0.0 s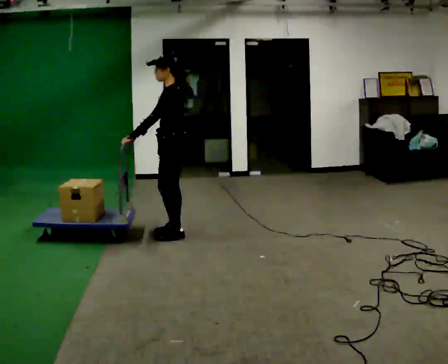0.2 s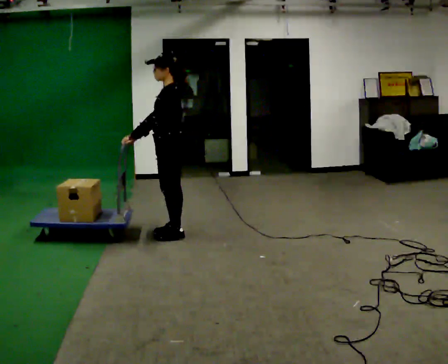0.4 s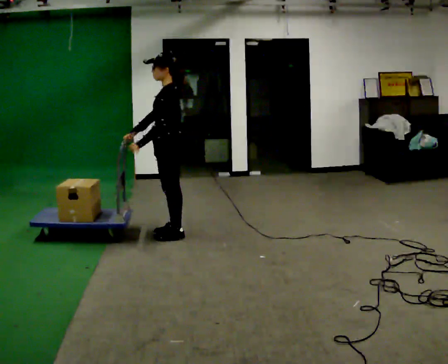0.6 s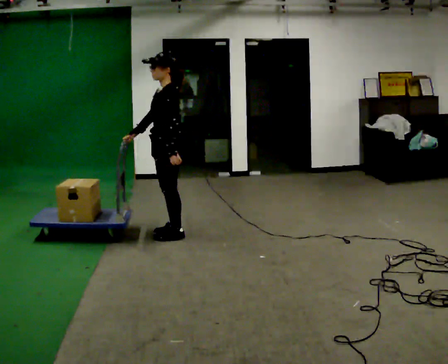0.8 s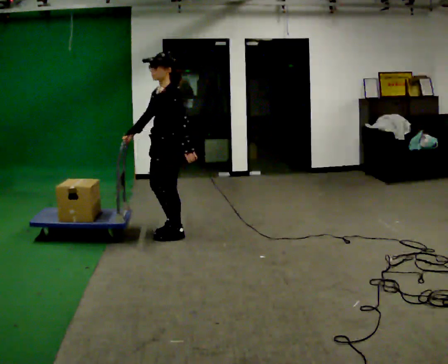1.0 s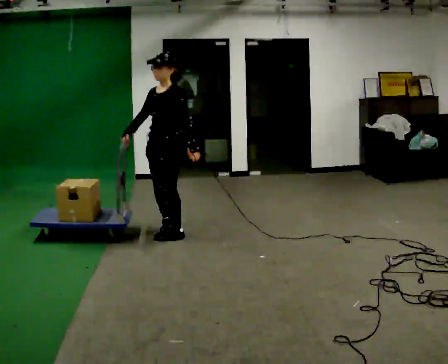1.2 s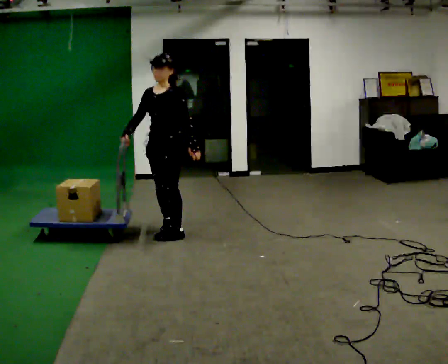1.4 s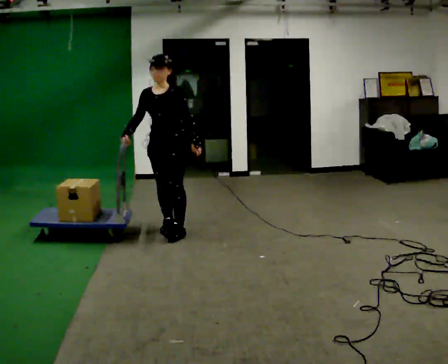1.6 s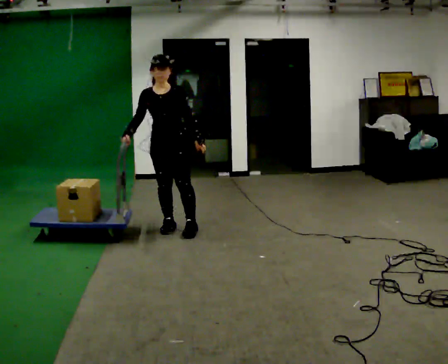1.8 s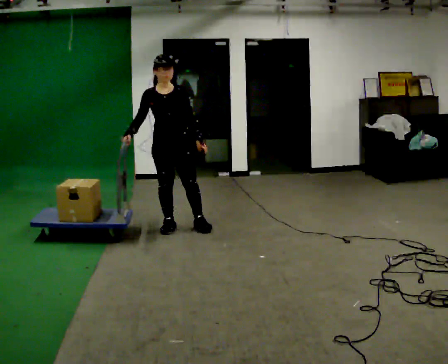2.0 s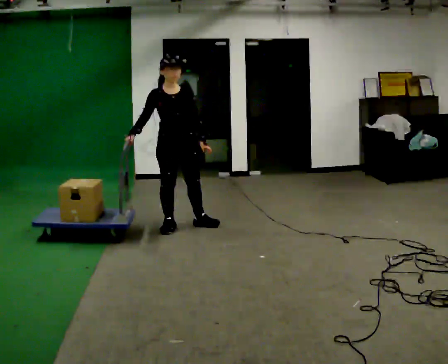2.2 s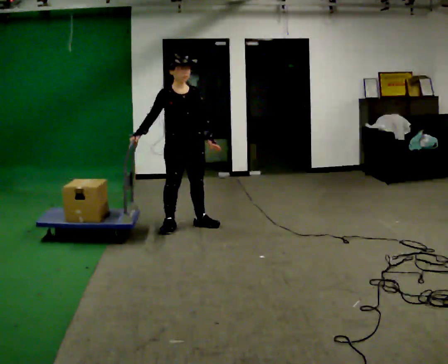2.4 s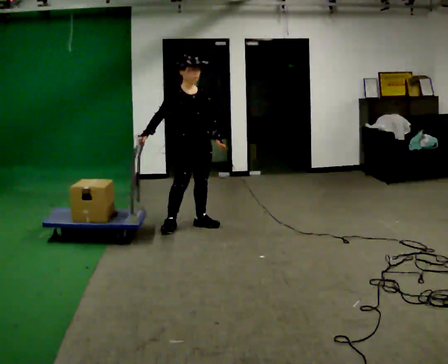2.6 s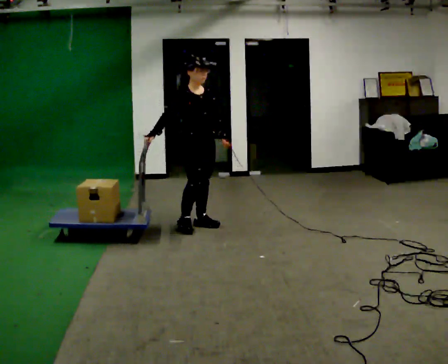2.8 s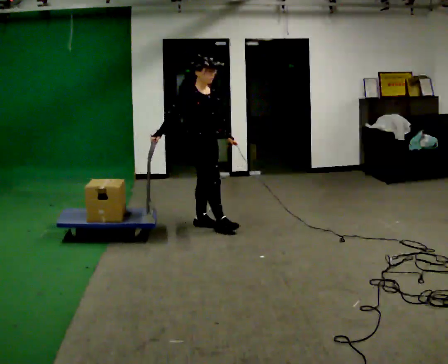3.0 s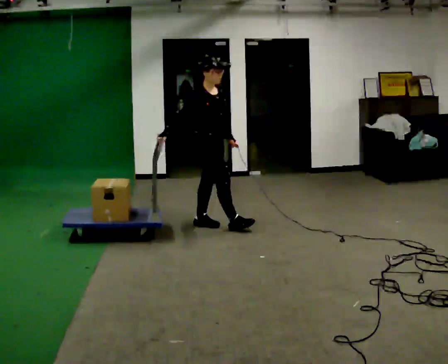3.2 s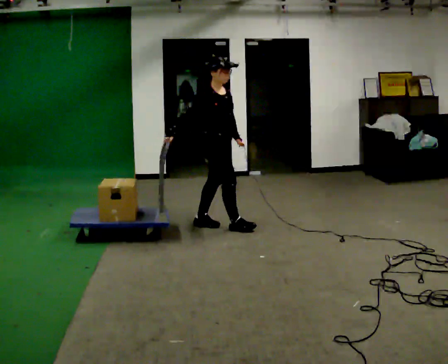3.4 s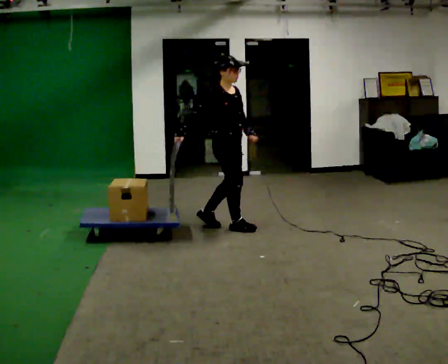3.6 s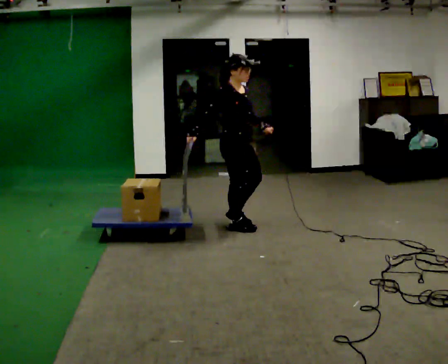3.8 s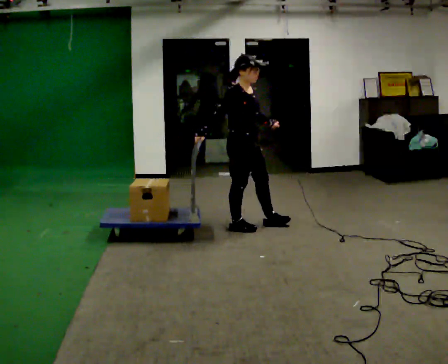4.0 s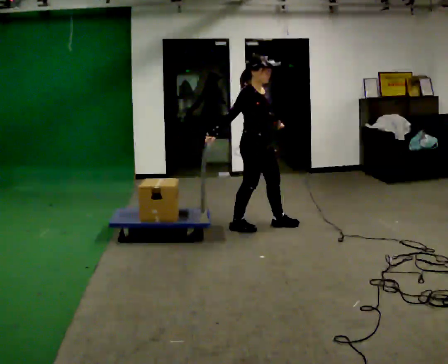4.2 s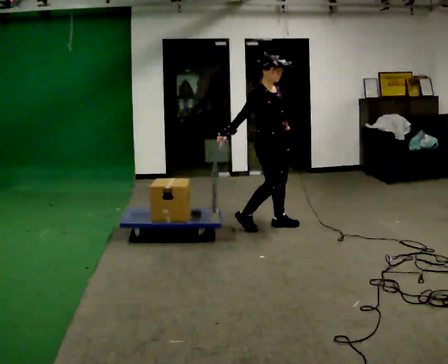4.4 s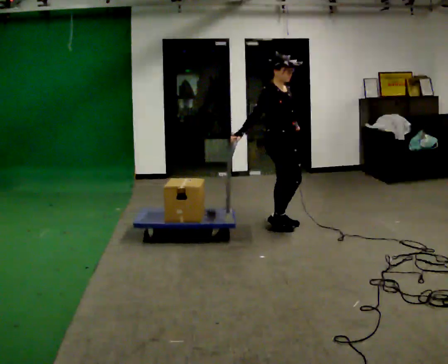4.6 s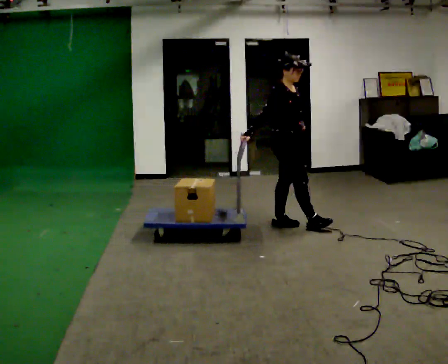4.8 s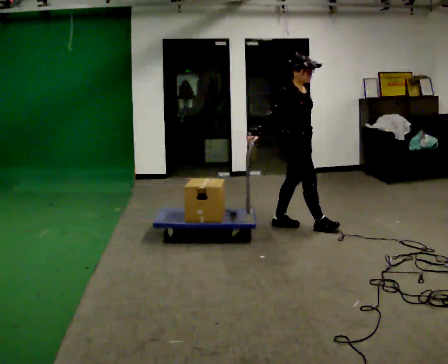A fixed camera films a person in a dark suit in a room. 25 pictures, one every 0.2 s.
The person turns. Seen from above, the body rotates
counterclockwise.
The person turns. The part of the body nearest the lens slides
to the right.
0.0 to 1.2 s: Seen from above the body turns counterclockwise, about 60 degrees: to their left, with its near side sliding to the right. In the picture their left hand goes to the right, the arm swinging counterclockwise.
1.2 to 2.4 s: Seen from above the body turns counterclockwise, about 60 degrees: to their left, with its near side sliding to the right. In the picture they go away from the camera and to the right, about 0.25 m in 1 step.
2.4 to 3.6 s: The person turns about 30 degrees to their left, counterclockwise seen from above, so the part of the body nearest the lens slides to the right. In the picture they go to the right, about 0.5 m in 1 step, which for them is forward.
3.6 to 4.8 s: In the picture they go to the right, about 0.5 m in 2 steps, which for them is forward and to their left.
The film runs forward here.
